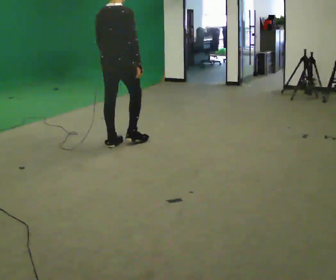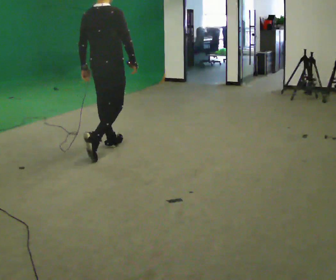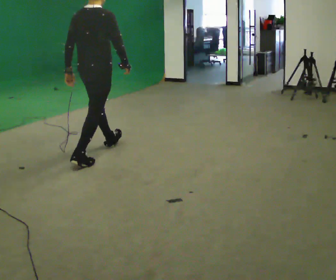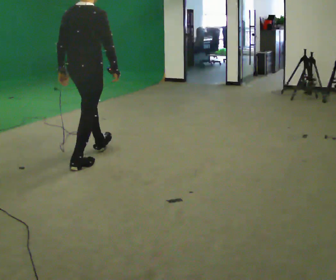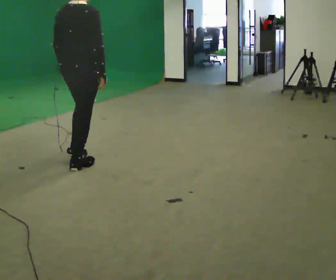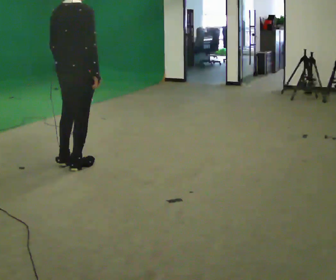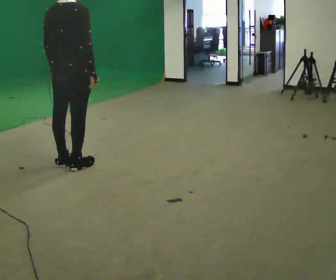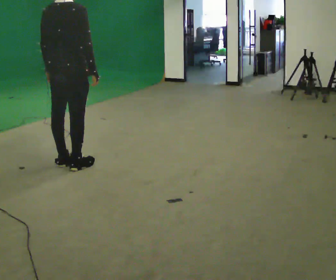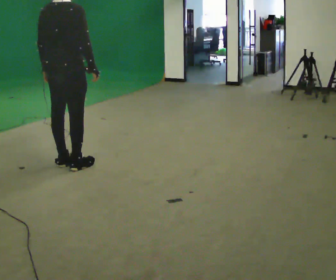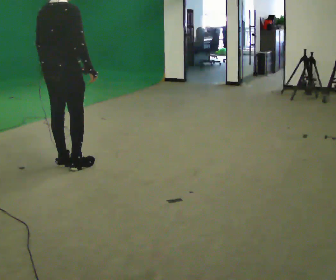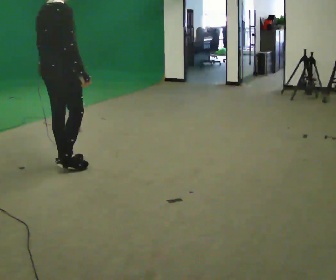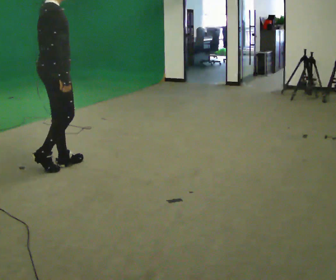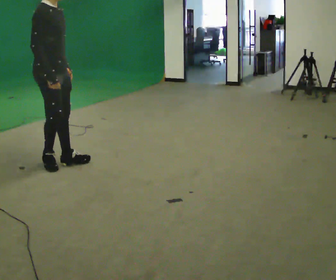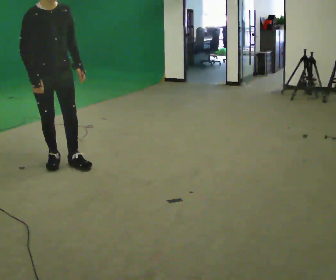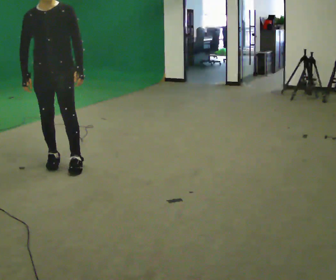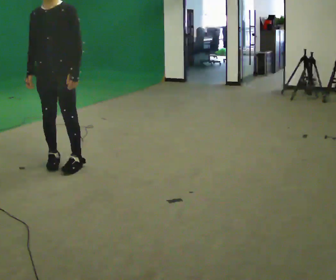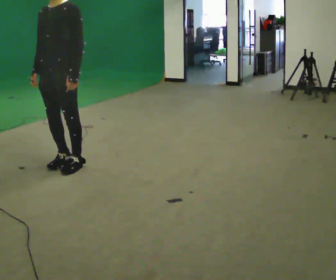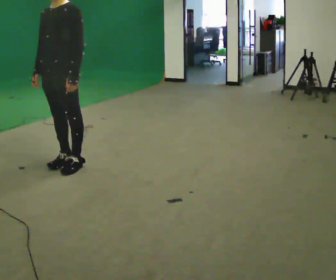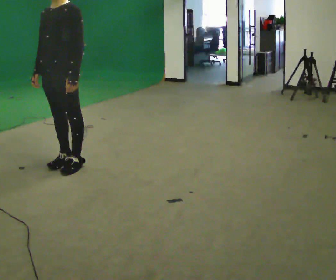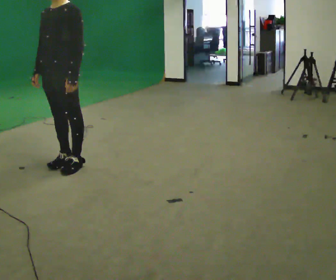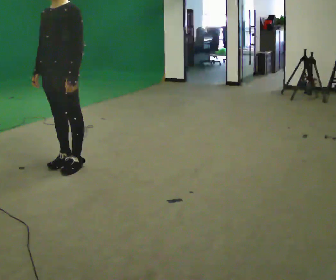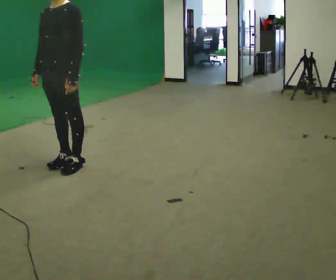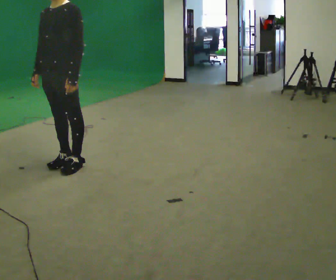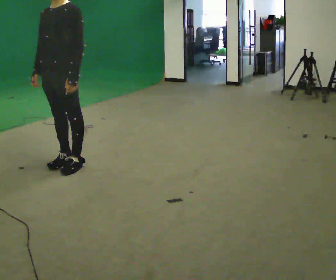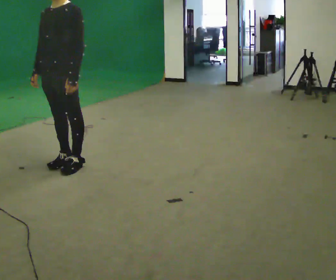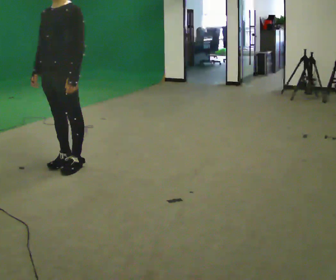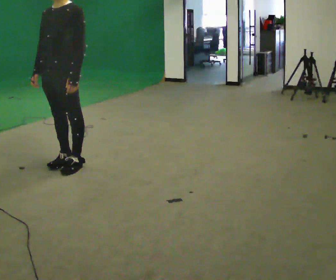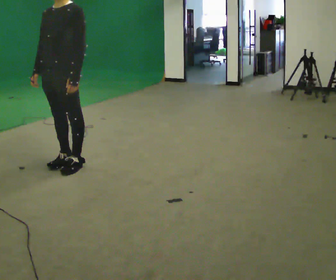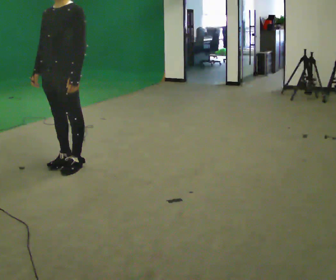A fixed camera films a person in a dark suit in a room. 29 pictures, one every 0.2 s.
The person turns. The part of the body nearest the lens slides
to the left.
The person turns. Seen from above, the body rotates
clockwise.
0.0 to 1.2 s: In the picture they go toward the camera and to the left, about 1 m in 1 step, which for them is backward.
1.2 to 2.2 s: The part of the body nearest the lens slides to the left as the person turns to their right by about 30 degrees. In the picture they go to the left, about 0.25 m in 1 step, which for them is to their left.
2.2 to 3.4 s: The part of the body nearest the lens slides to the left as the person turns to their right by about 150 degrees.
3.4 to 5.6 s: The person moves a little, or ends about where they began.
The film runs backward here.
